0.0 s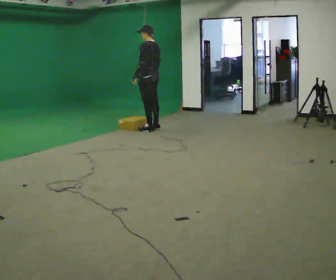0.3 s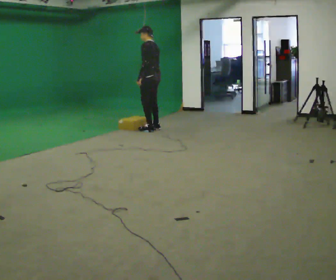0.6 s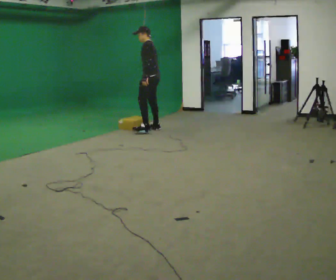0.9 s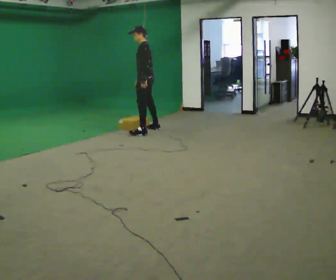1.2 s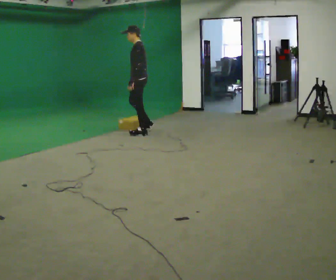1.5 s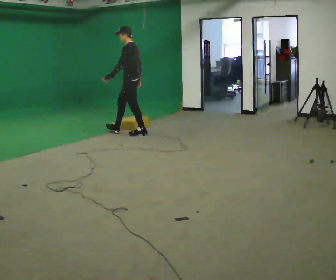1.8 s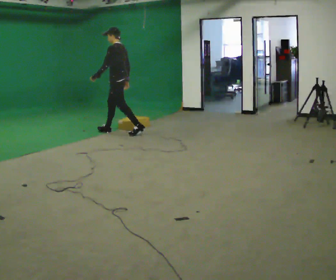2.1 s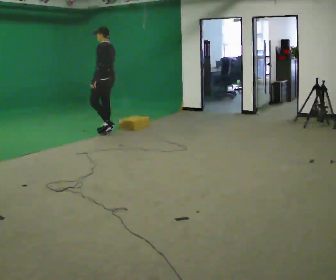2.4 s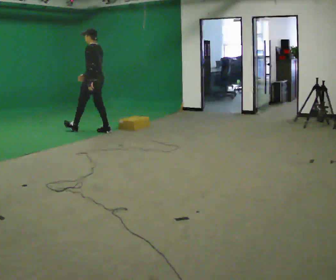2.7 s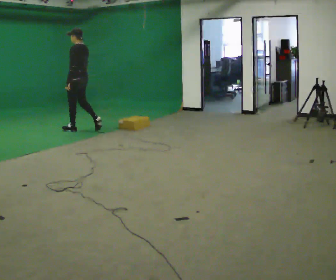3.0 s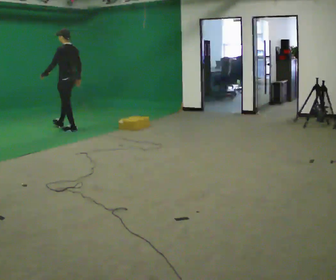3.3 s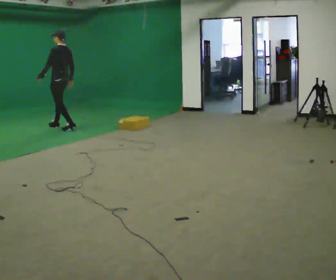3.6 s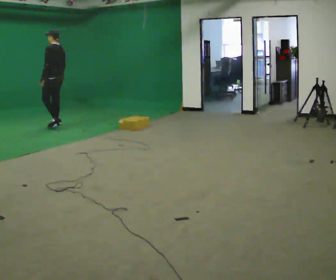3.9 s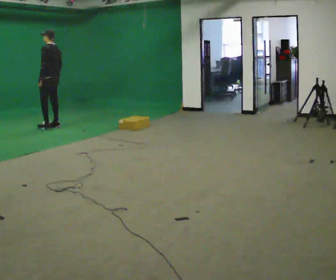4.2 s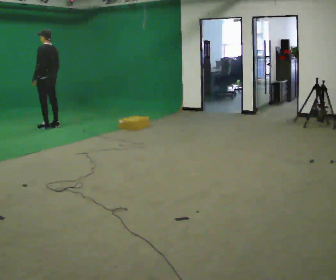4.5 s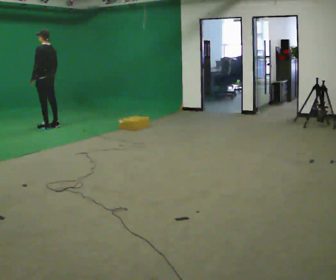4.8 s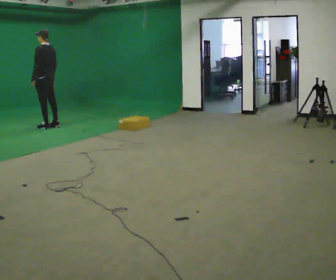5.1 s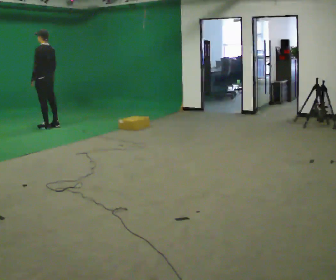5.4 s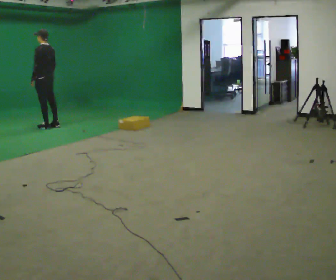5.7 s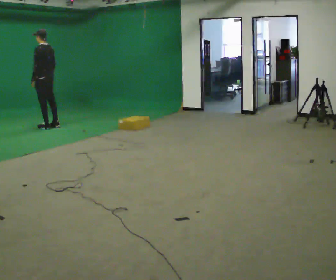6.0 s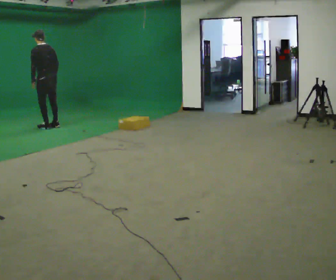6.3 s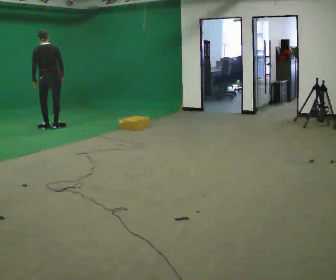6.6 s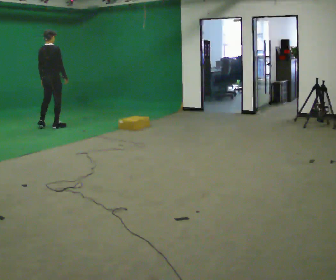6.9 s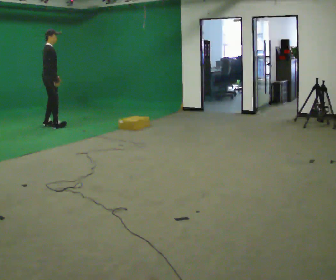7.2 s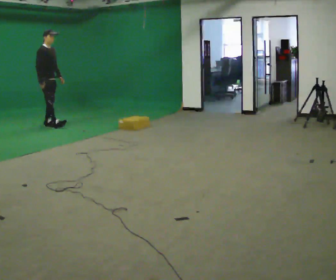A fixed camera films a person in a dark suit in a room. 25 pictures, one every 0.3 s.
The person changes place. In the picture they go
to the left.
The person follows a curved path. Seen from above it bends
clockwise.
0.0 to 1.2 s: The person turns about 30 degrees to their left, counterclockwise seen from above, so the part of the body nearest the lens slides to the right. In the picture they go toward the camera and to the left, about 0.25 m in 1 step, which for them is to their left.
1.2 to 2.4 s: In the picture they go to the left and away from the camera, about 1 m in 1 step, which for them is forward.
2.4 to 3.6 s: In the picture they go to the left and away from the camera, about 1 m in 2 steps, which for them is forward.
3.6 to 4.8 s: In the picture they go to the left, about 0.25 m in 1 step, which for them is forward.
4.8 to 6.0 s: The person moves a little, or ends about where they began.
6.0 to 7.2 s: The person turns about 150 degrees to their right, clockwise seen from above, so the part of the body nearest the lens slides to the left. In the picture the upper body tilts clockwise, shoulders to the right.
The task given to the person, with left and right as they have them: Start still; walk straight at normal comfortable speed; stop at endpoint.
The film runs forward here.
